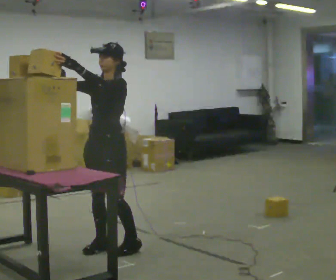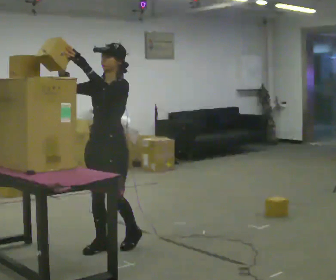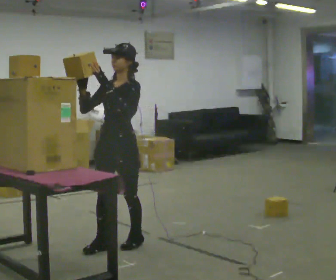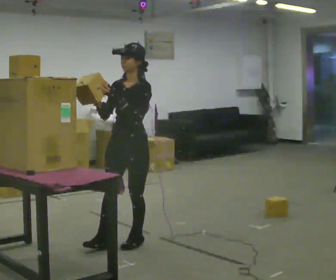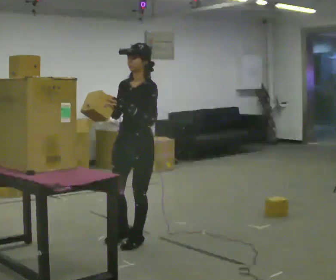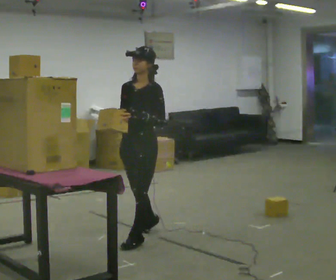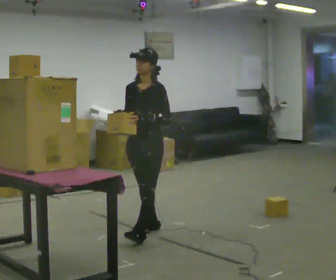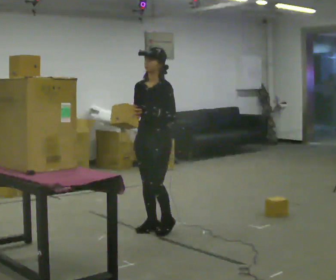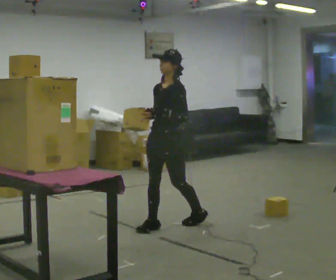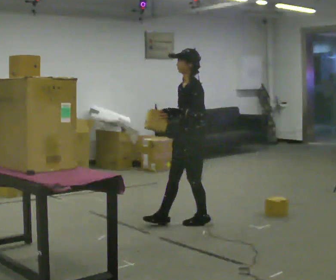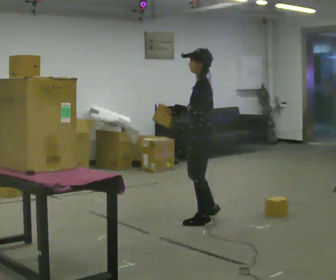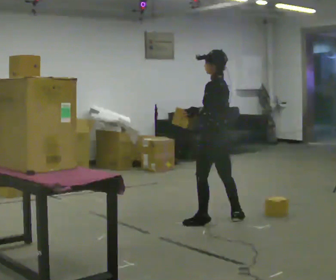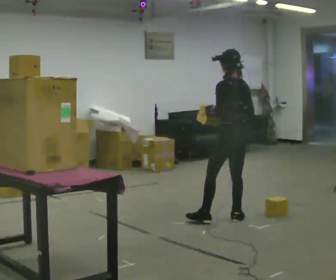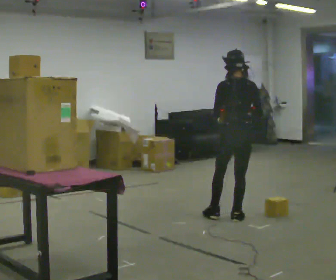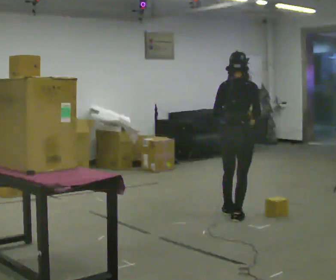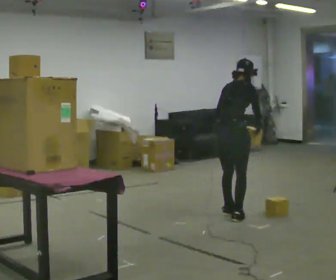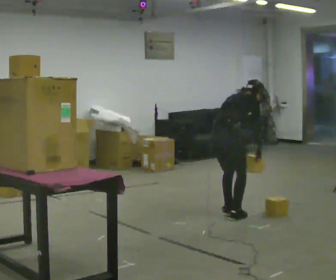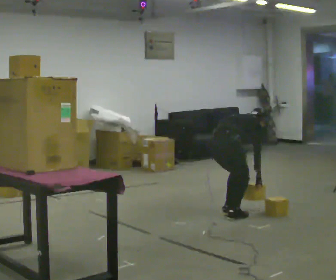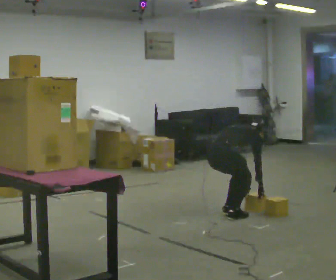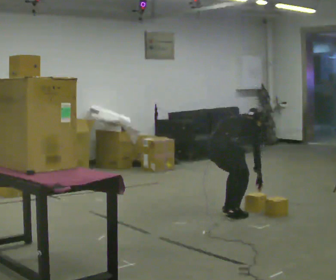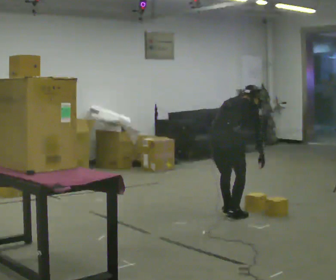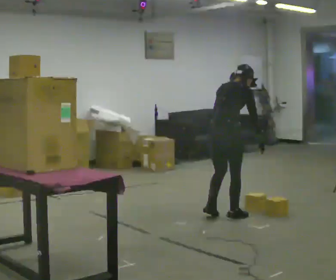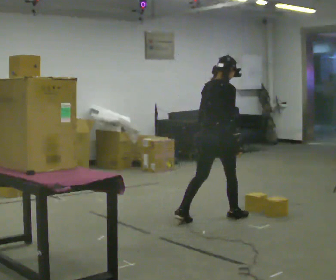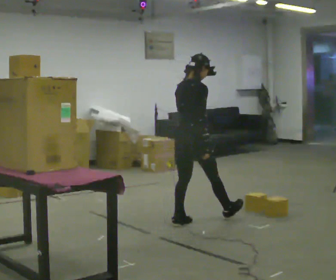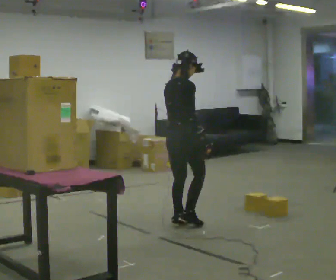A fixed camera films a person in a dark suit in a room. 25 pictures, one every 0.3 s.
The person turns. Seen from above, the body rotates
clockwise.
The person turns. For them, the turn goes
to their right.
0.0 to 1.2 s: In the picture they go away from the camera and to the right, about 0.25 m in 1 step, which for them is backward.
1.2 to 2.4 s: In the picture they go away from the camera and to the right, about 0.5 m in 1 step, which for them is backward.
2.4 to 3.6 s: The person turns about 90 degrees to their right, clockwise seen from above, so the part of the body nearest the lens slides to the left. In the picture they go to the right and away from the camera, about 0.75 m in 2 steps.
3.6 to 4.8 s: The person turns about 90 degrees to their right, clockwise seen from above, so the part of the body nearest the lens slides to the left. In the picture they go away from the camera, about 0.25 m. The upper body goes downward. The upper body tips away from the camera, its near side rolling upward, as they bend forward. In the picture their right hand goes downward.
4.8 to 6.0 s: The person moves a little, or ends about where they began.
6.0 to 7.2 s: In the picture they go to the left and toward the camera, about 0.5 m in 2 steps, which for them is backward. The shoulders move upward. In the picture the upper body tilts counterclockwise, shoulders to the left, as they lean back or straighten.
The film runs backward here.
